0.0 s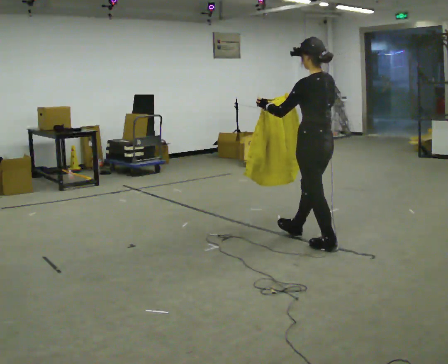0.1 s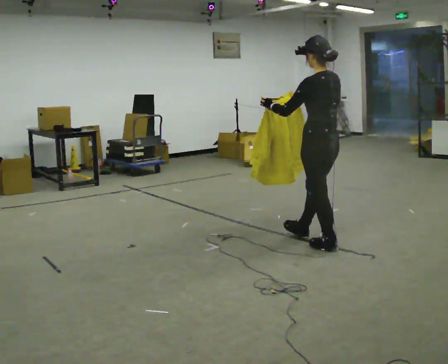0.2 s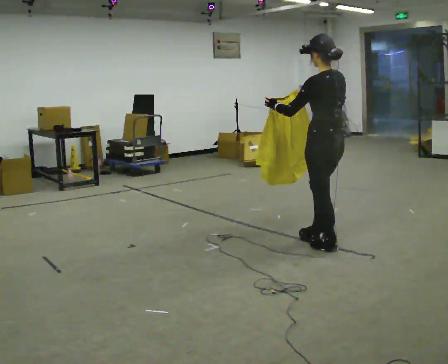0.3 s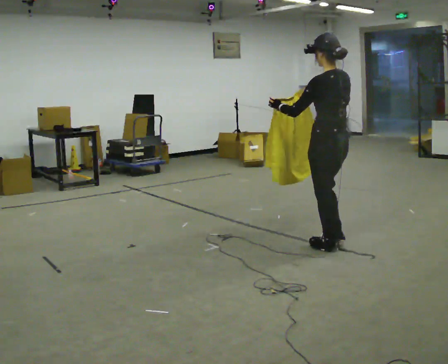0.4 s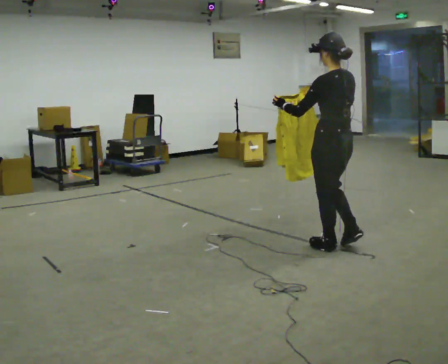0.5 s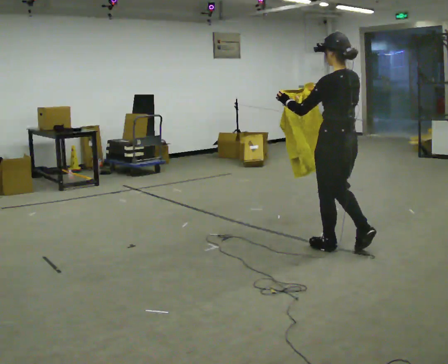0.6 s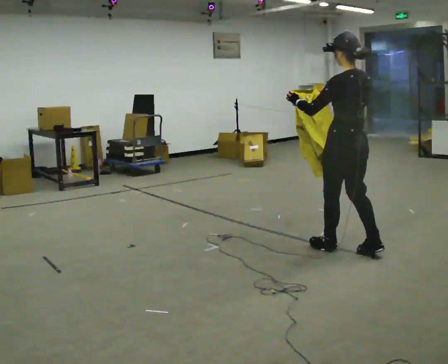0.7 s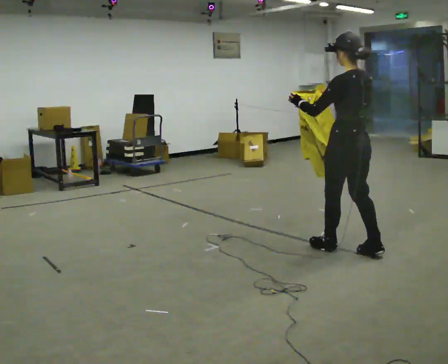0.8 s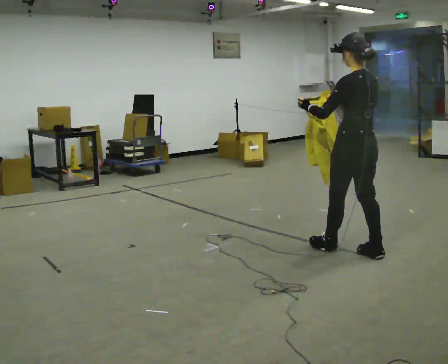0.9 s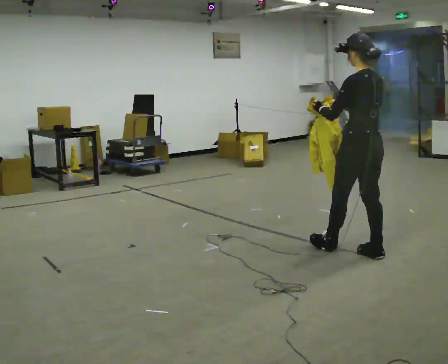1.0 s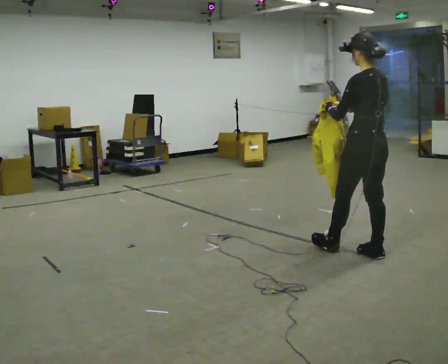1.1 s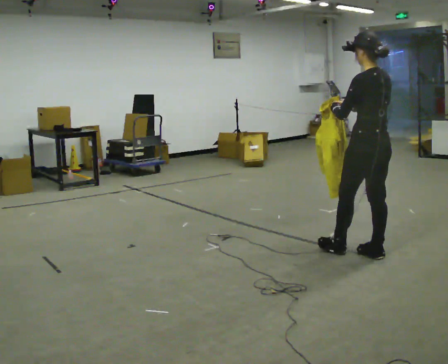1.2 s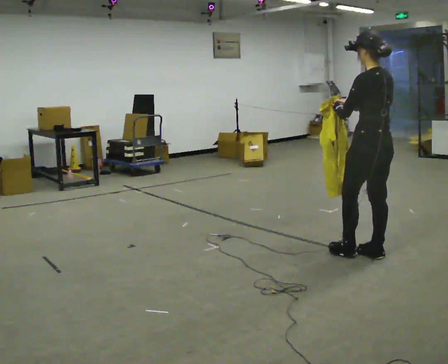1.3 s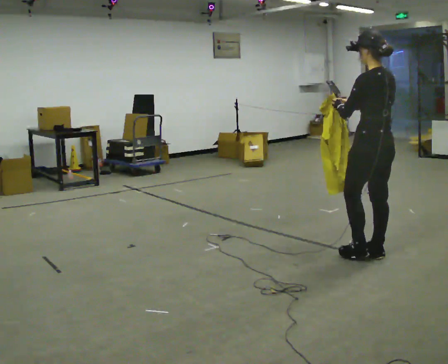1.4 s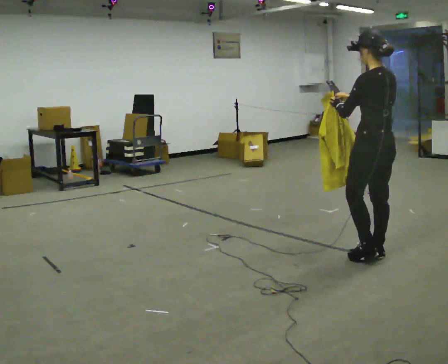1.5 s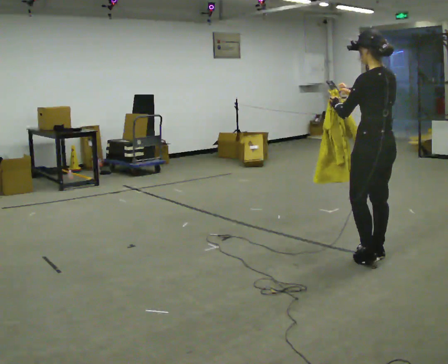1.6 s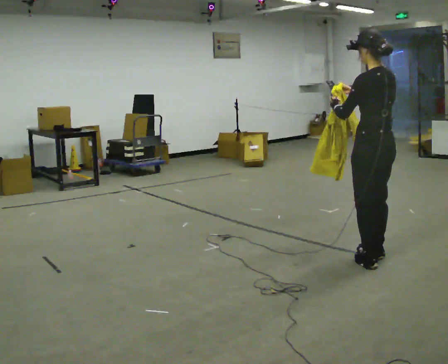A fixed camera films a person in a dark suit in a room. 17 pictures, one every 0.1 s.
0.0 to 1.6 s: In the picture they go to the right and toward the camera, about 0.5 m in 2 steps, which for them is backward.
The film runs backward here.
